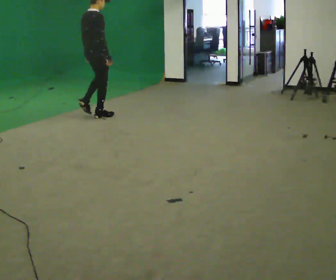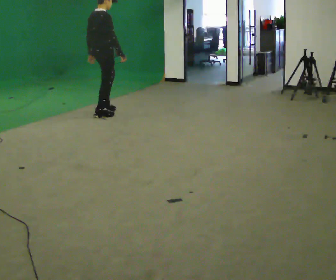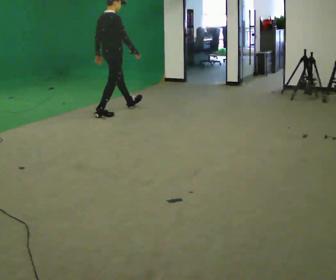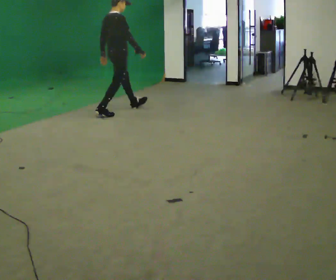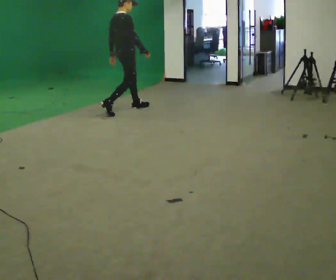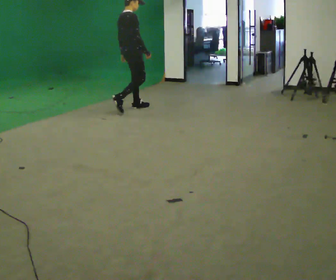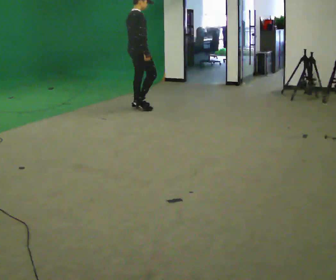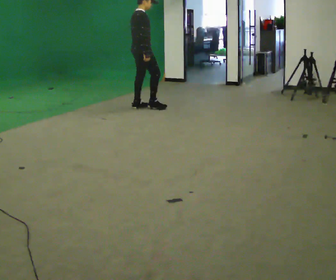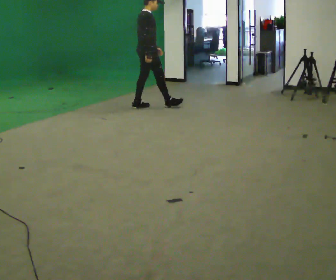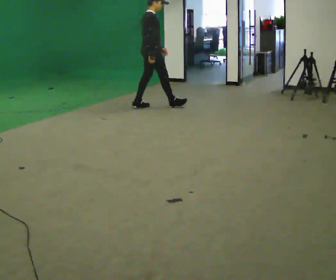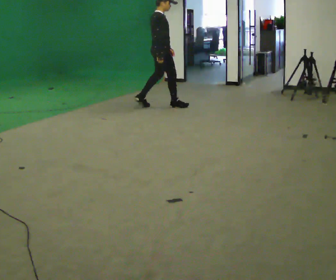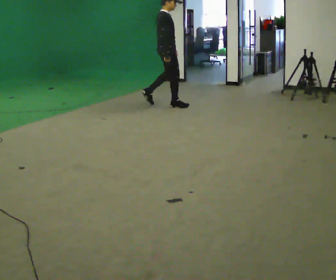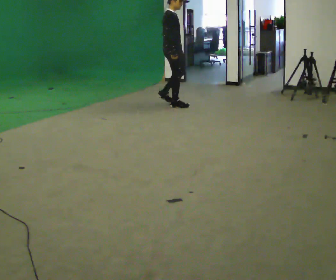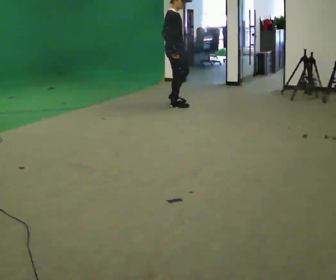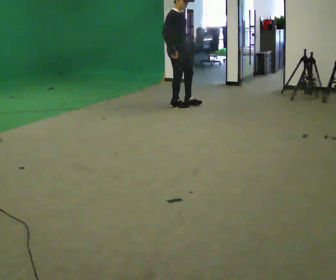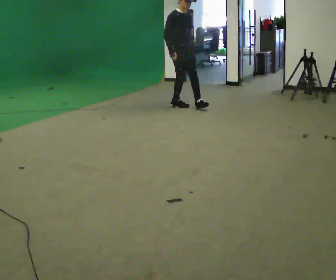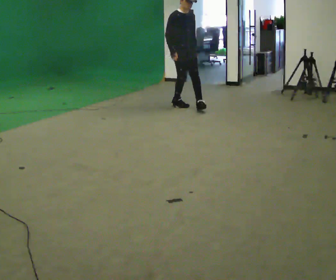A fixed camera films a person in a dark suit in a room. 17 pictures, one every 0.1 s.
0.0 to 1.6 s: Seen from above the body turns clockwise, about 90 degrees: to their right, with its near side sliding to the left. In the picture they go to the right, about 1.5 m in 2 steps.
The film runs forward here.
